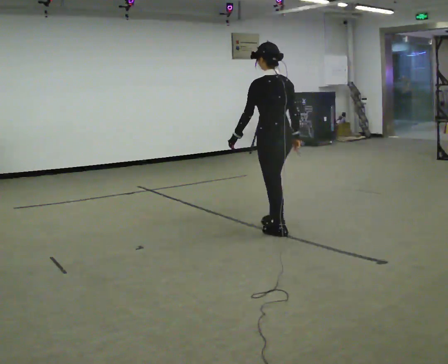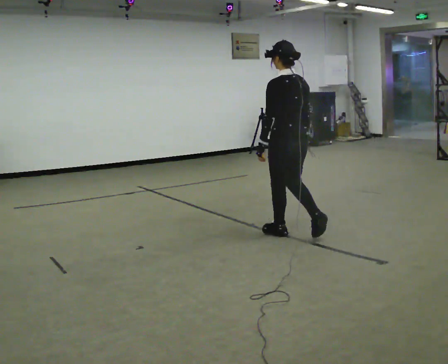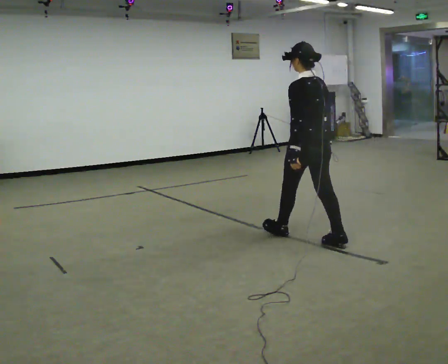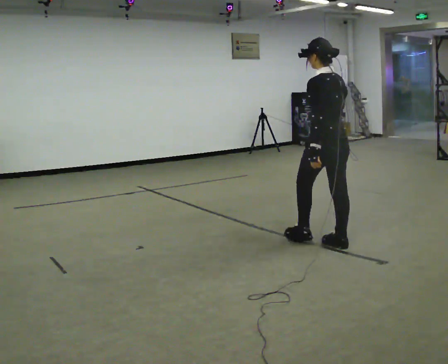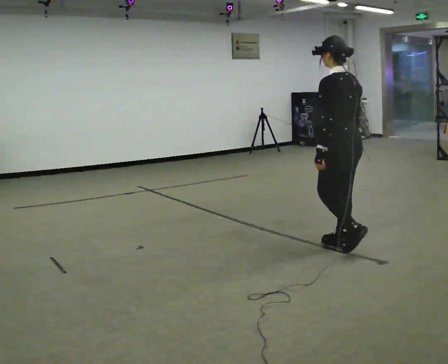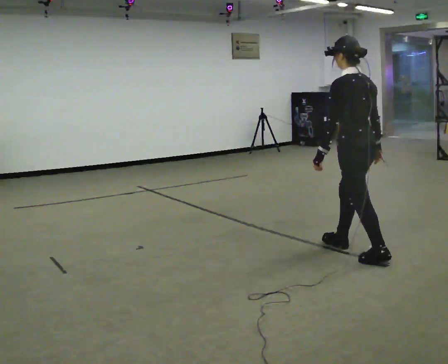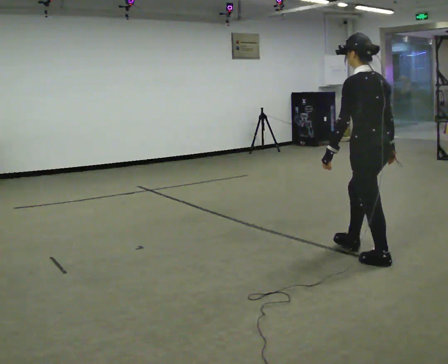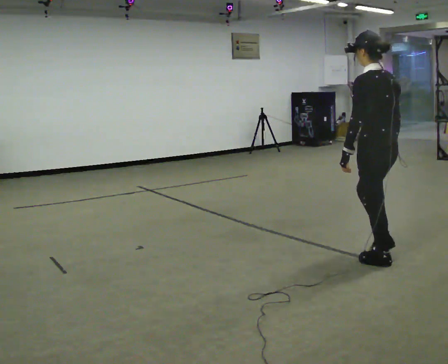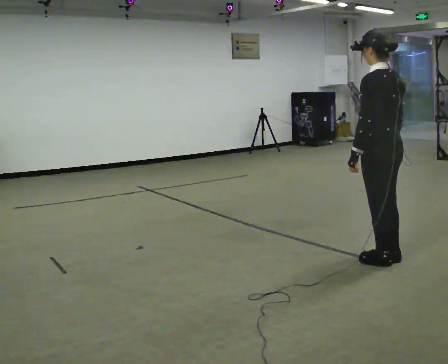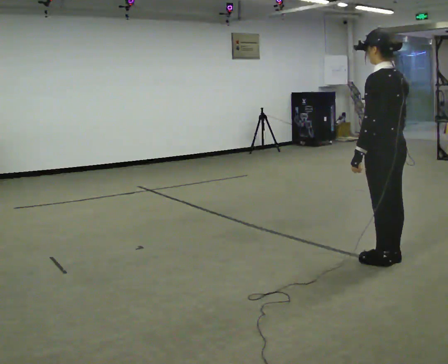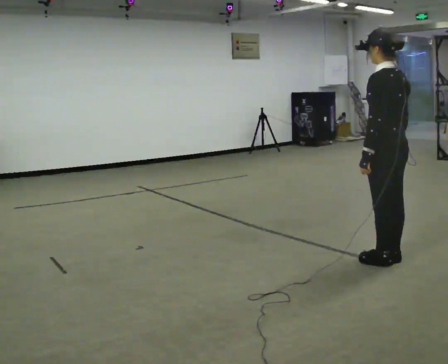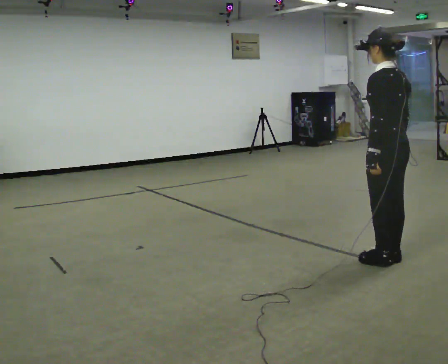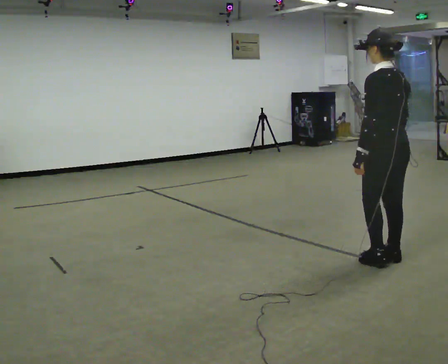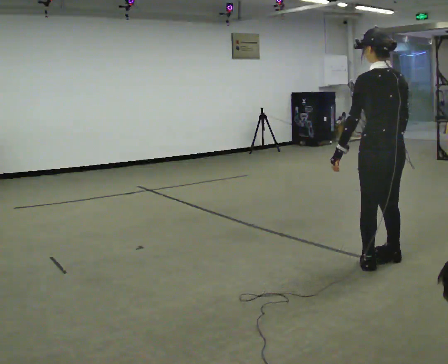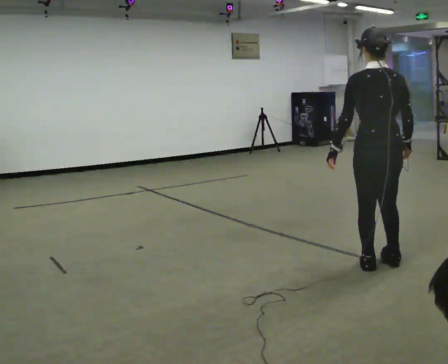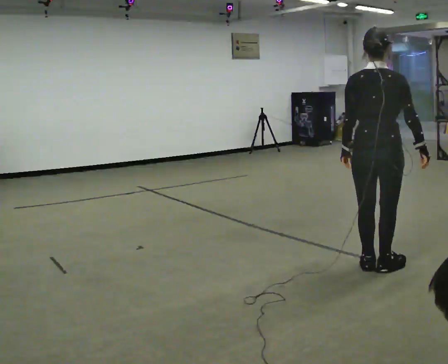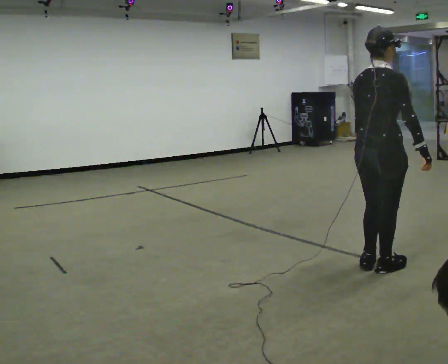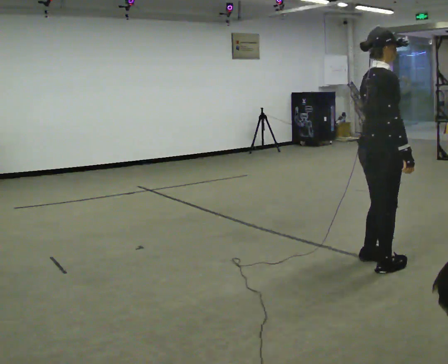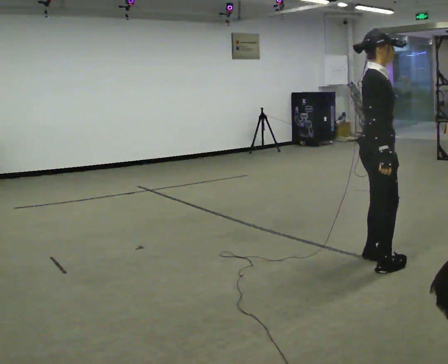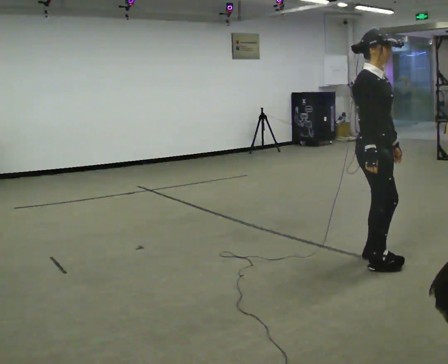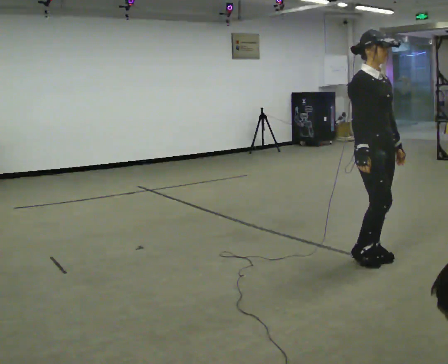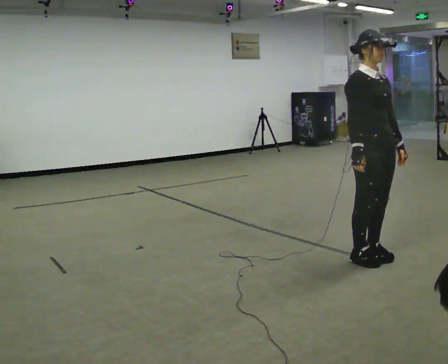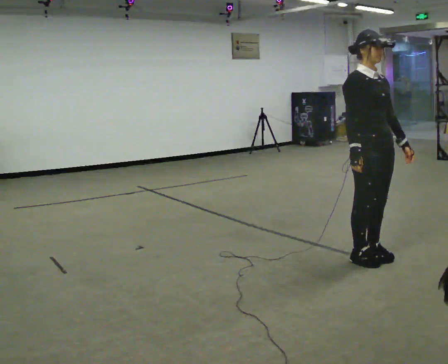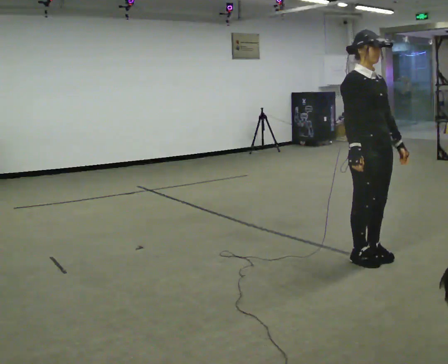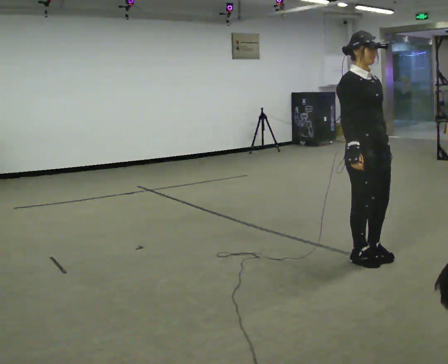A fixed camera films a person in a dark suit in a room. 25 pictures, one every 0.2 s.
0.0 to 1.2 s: In the picture they go to the right and toward the camera, about 1 m in 2 steps, which for them is backward.
1.2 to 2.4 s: The person moves a little, or ends about where they began.
2.4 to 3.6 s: The person turns about 135 degrees to their right, clockwise seen from above, so the part of the body nearest the lens slides to the left.
3.6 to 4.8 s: The person turns about 45 degrees to their right, clockwise seen from above, so the part of the body nearest the lens slides to the left.
The film runs backward here.
